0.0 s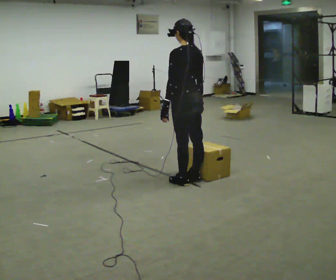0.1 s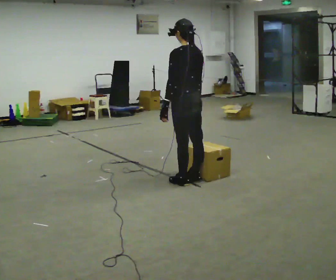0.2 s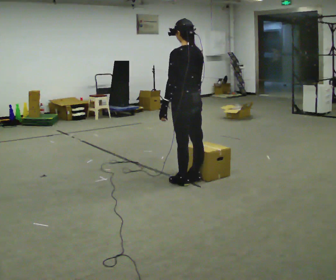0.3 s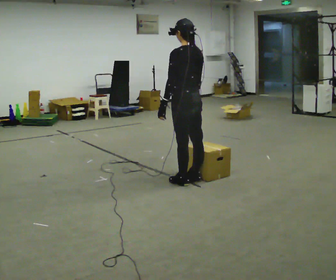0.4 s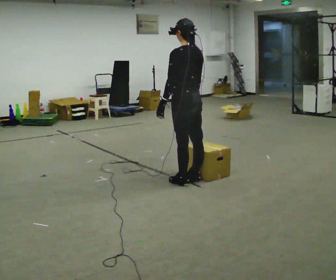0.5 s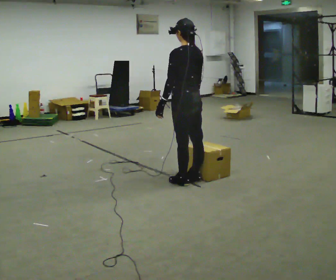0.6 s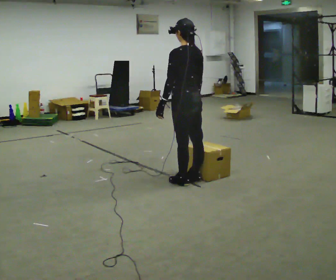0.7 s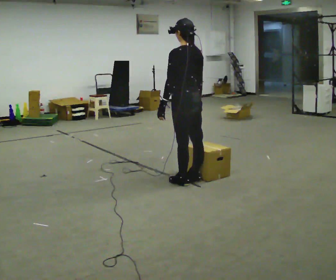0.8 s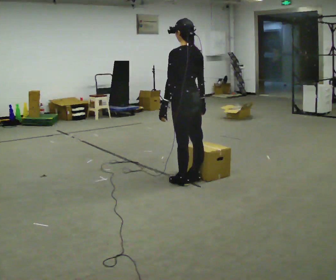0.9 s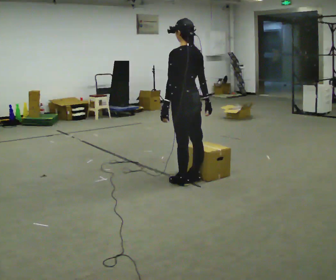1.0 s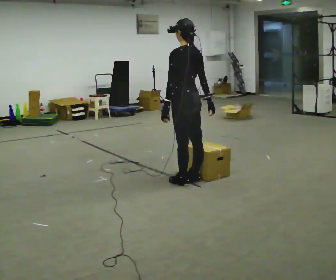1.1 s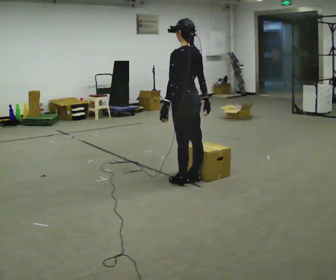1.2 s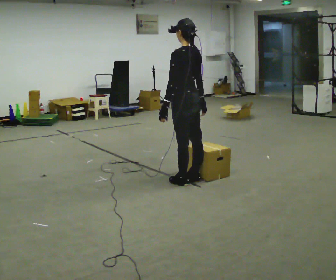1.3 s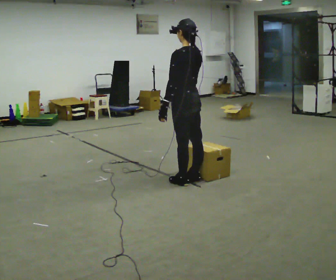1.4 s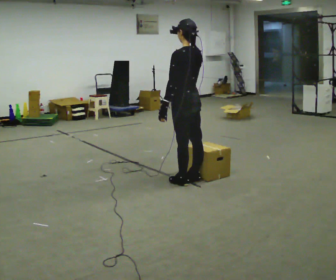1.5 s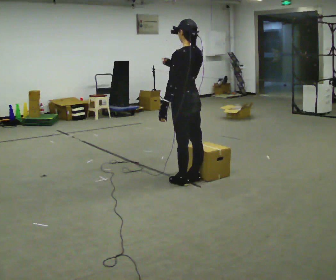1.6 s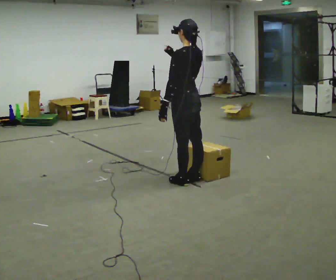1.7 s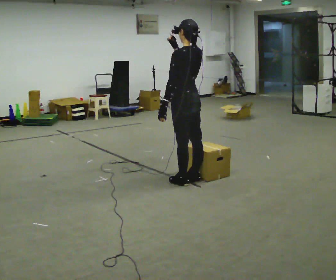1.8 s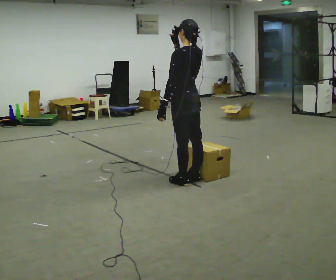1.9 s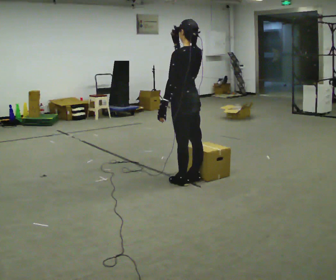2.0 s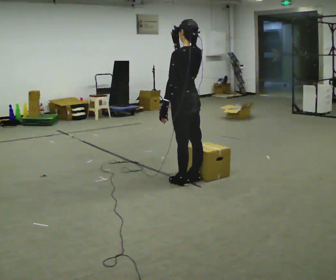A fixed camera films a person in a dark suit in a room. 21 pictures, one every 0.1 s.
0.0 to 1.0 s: The person moves a little, or ends about where they began.
1.0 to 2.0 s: In the picture their right hand goes upward and to the left.
The film runs backward here.
